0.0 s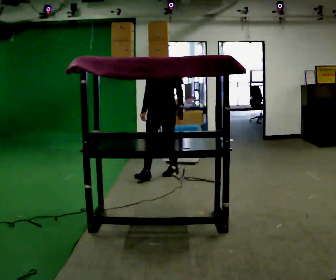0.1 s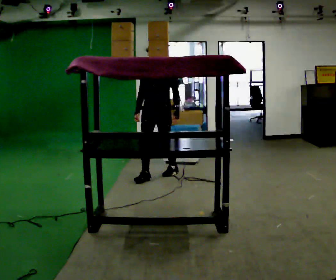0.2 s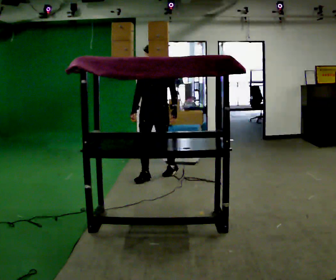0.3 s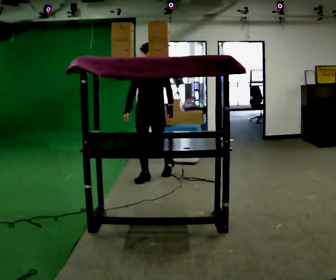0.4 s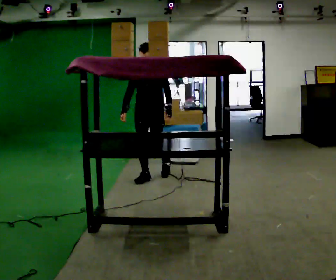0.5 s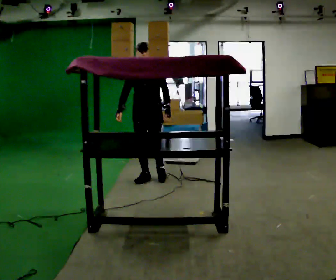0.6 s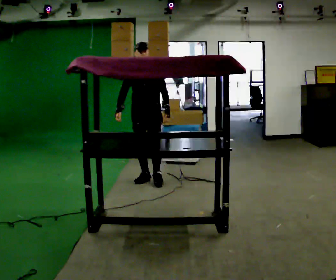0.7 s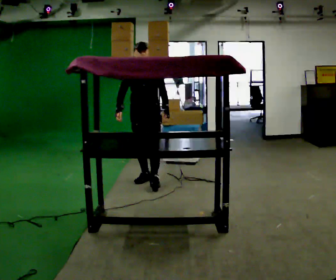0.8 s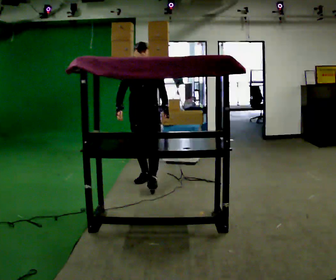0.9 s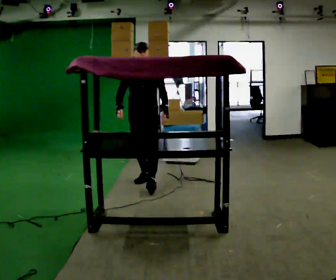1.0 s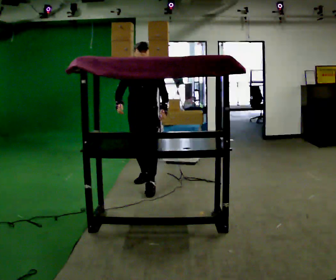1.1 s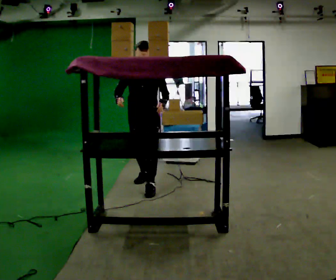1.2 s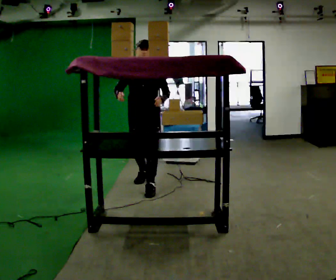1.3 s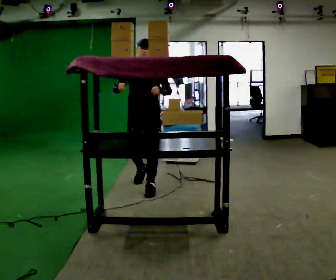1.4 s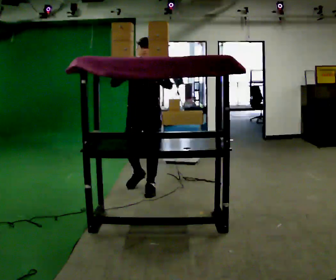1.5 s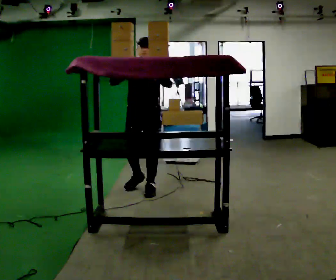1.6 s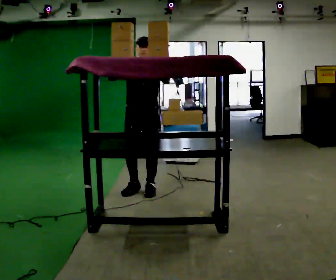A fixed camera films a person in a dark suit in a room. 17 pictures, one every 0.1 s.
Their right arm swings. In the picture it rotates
clockwise.
Their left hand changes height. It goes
upward.
0.0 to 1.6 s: In the picture they go toward the camera and to the left, about 0.5 m in 1 step, which for them is forward. In the picture their right hand goes upward, the arm swinging clockwise.
The film runs forward here.
